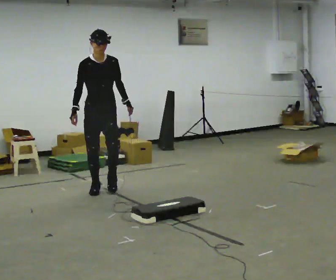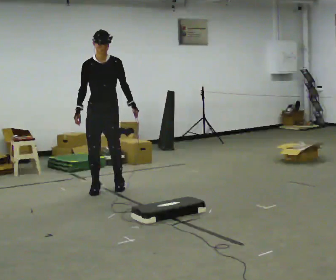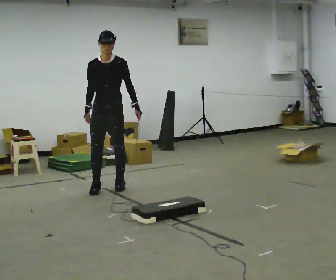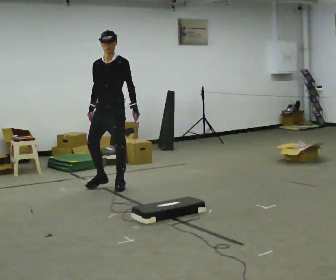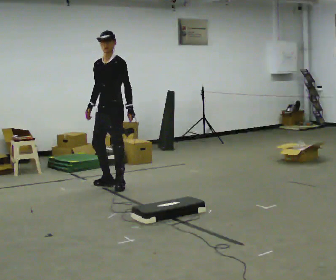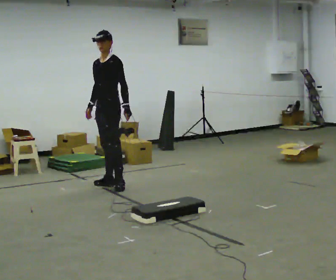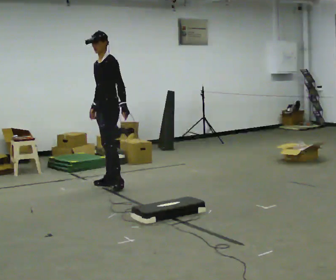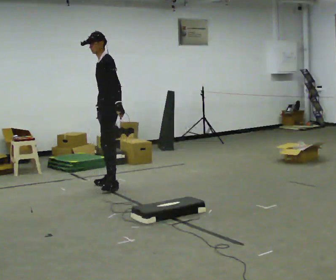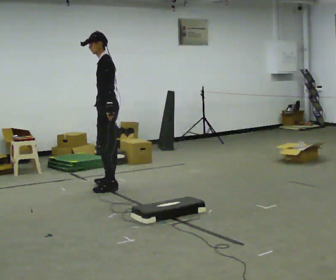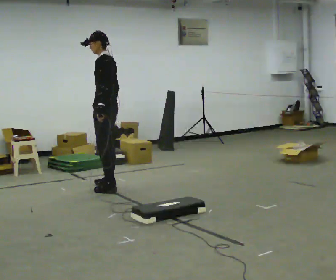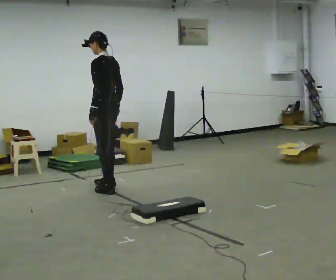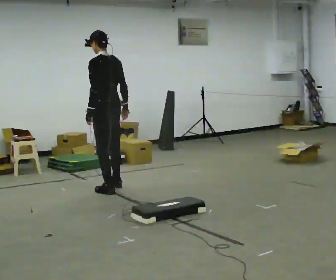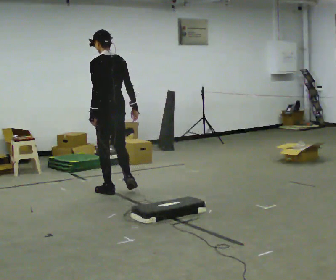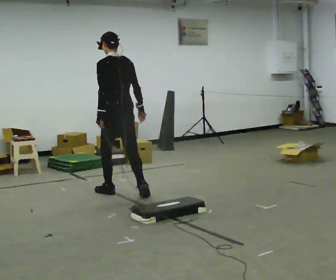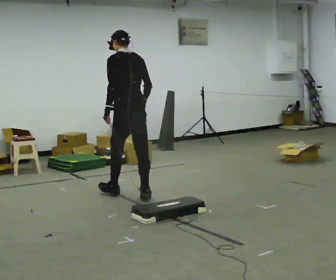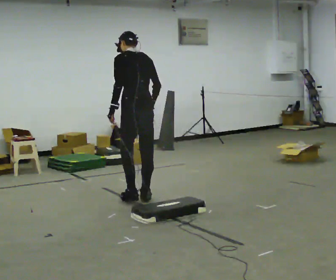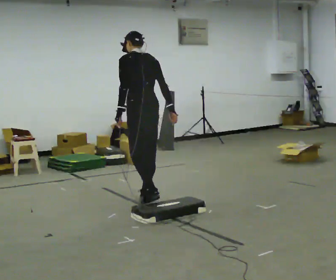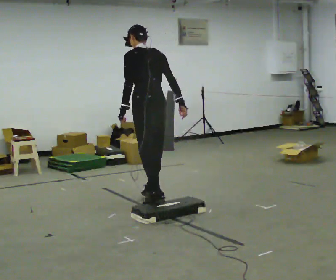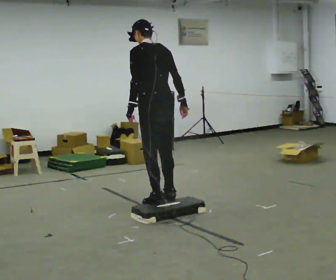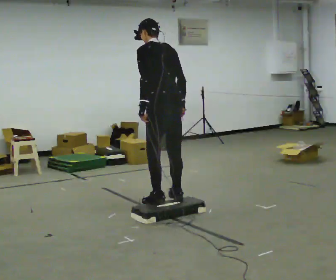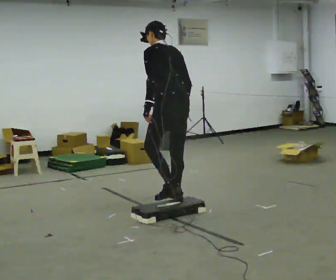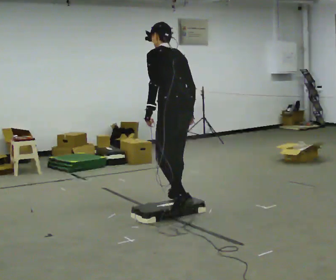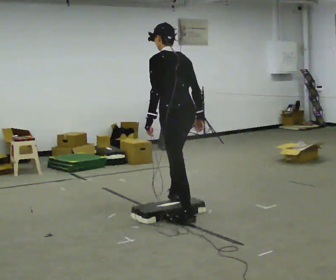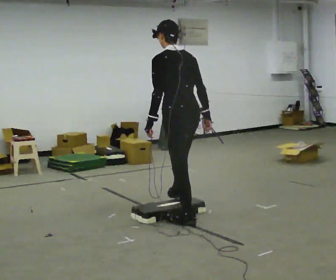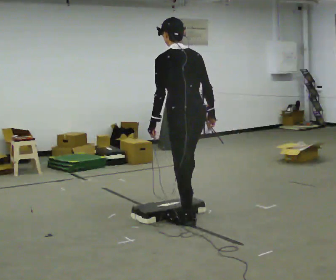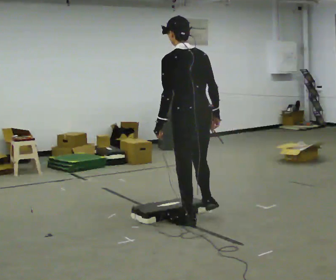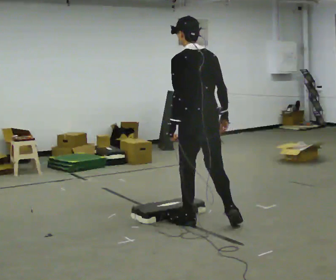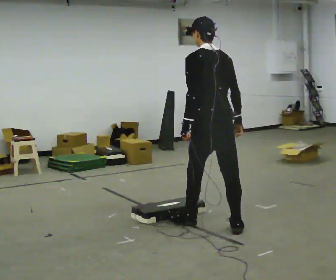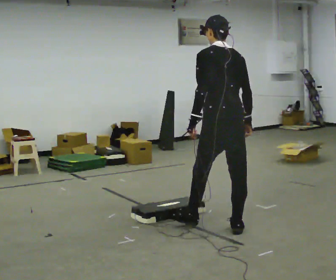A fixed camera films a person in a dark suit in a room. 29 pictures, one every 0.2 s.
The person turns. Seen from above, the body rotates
clockwise.
The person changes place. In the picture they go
toward the camera.
0.0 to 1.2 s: Seen from above the body turns clockwise, about 75 degrees: to their right, with its near side sliding to the left. In the picture they go away from the camera and to the right, about 0.25 m in 1 step.
1.2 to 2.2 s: Seen from above the body turns clockwise, about 75 degrees: to their right, with its near side sliding to the left. In the picture they go toward the camera, about 0.25 m in 3 steps.
2.2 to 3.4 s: In the picture they go toward the camera and to the right, about 0.5 m in 2 steps, which for them is backward.
3.4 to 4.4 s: In the picture they go toward the camera and to the right, about 0.5 m in 1 step, which for them is backward.
4.4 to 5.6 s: In the picture they go toward the camera and to the right, about 0.5 m in 2 steps, which for them is backward.
The film runs backward here.
